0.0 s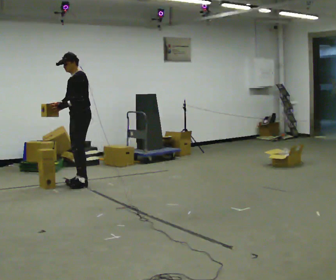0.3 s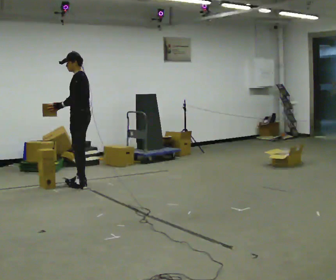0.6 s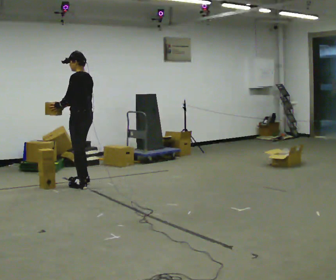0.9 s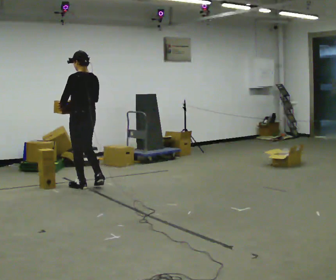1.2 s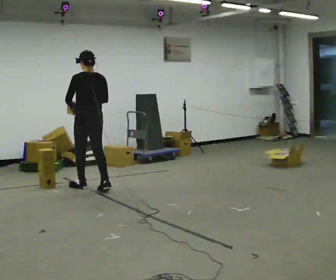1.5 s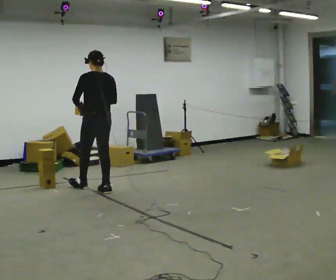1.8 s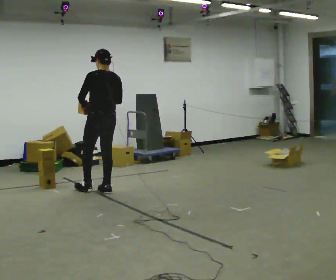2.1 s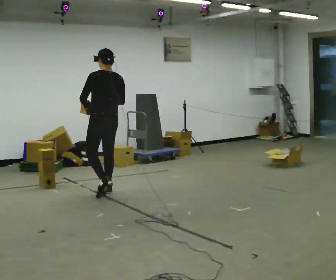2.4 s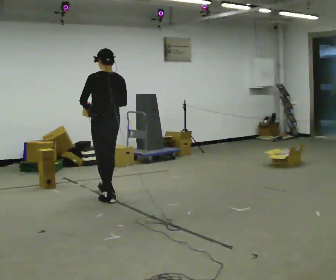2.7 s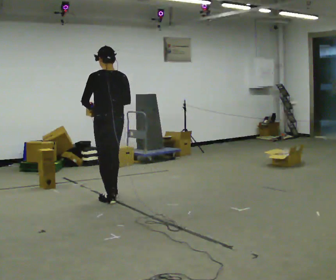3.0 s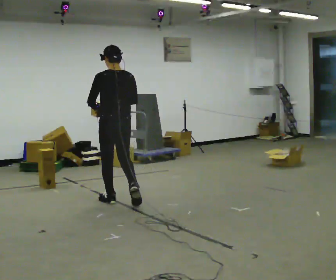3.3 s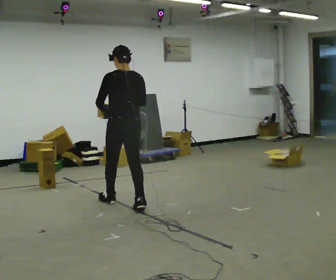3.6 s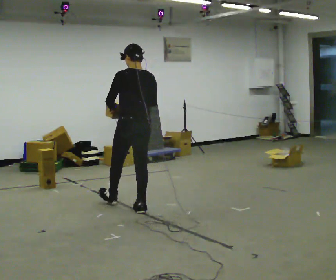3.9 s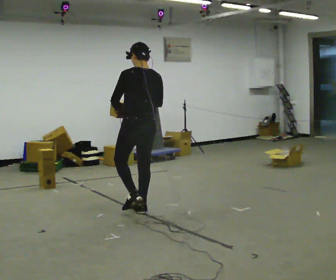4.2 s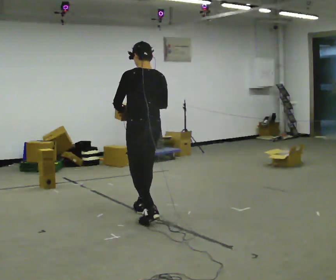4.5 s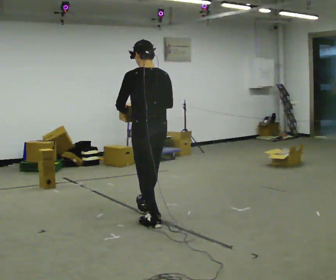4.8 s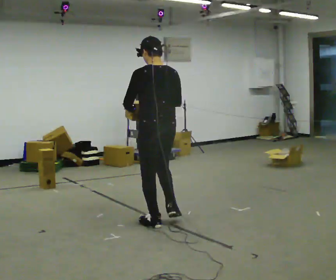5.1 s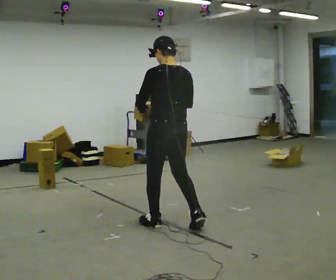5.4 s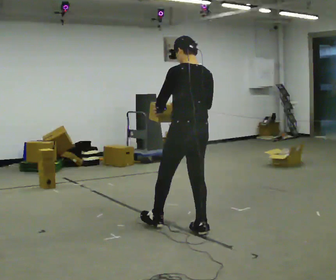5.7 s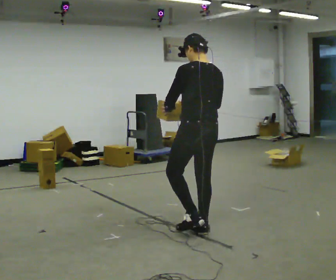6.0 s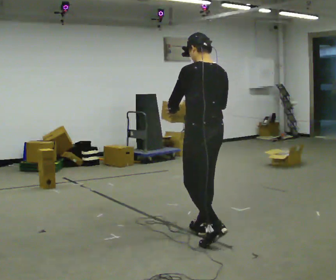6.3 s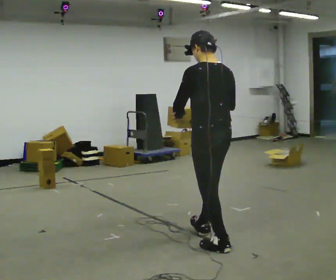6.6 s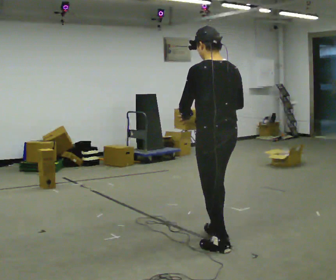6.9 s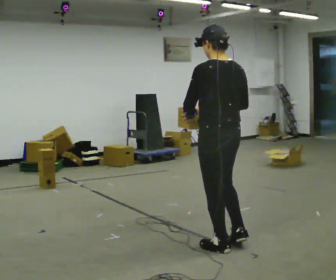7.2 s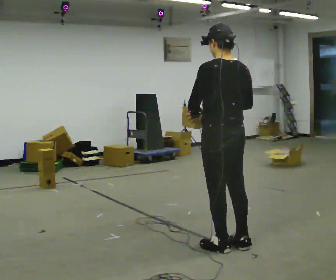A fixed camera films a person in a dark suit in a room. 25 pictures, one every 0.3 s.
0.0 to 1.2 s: The part of the body nearest the lens slides to the left as the person turns to their right by about 90 degrees. In the picture they go toward the camera and to the right, about 0.25 m in 1 step.
1.2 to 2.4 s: In the picture they go toward the camera and to the right, about 0.5 m in 1 step, which for them is backward.
2.4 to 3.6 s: In the picture they go toward the camera and to the right, about 0.75 m in 2 steps, which for them is backward.
3.6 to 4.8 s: In the picture they go toward the camera and to the right, about 0.5 m in 1 step, which for them is backward.
4.8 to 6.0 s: In the picture they go to the right and toward the camera, about 0.5 m in 1 step, which for them is backward.
6.0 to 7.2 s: In the picture they go toward the camera, about 0.25 m in 1 step, which for them is backward.
The film runs backward here.
